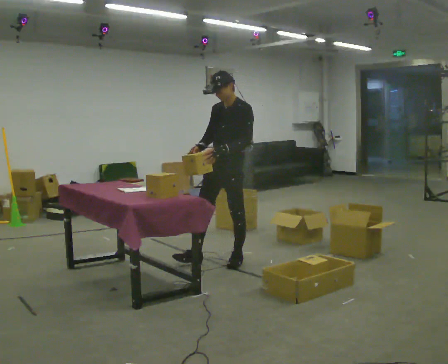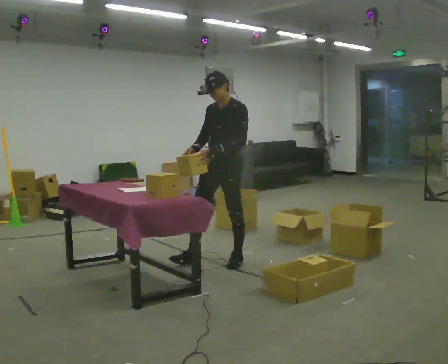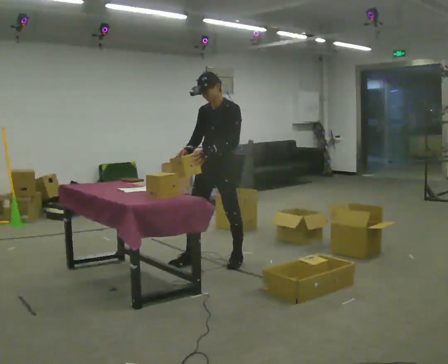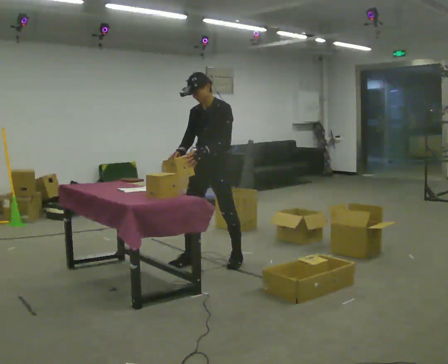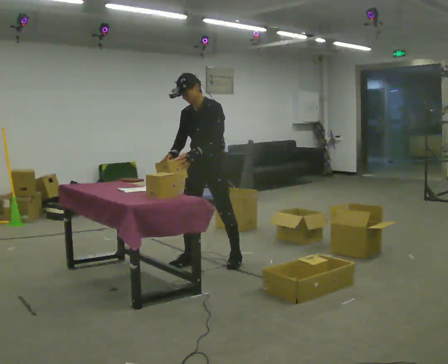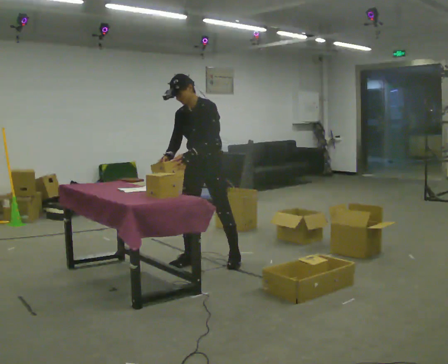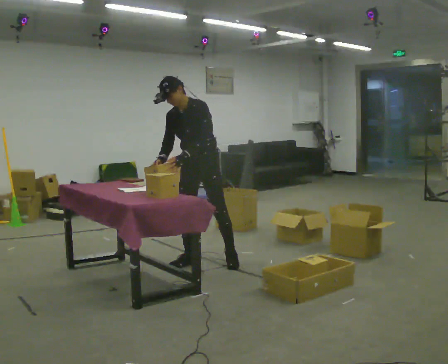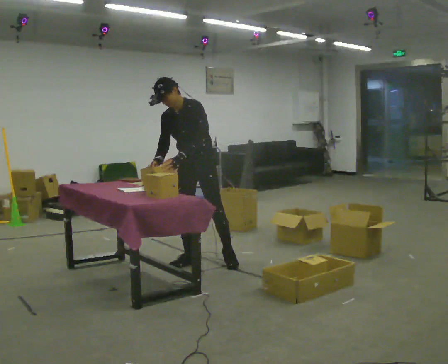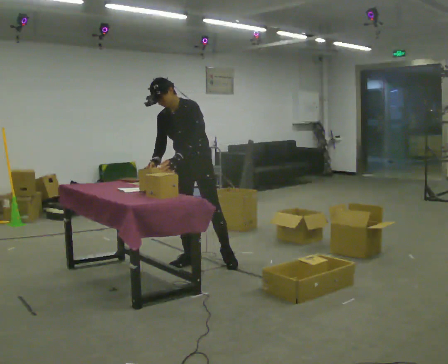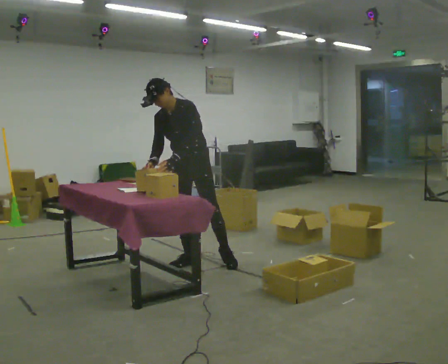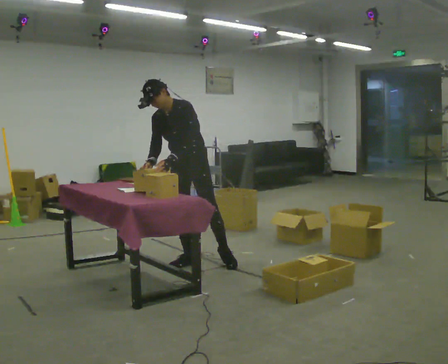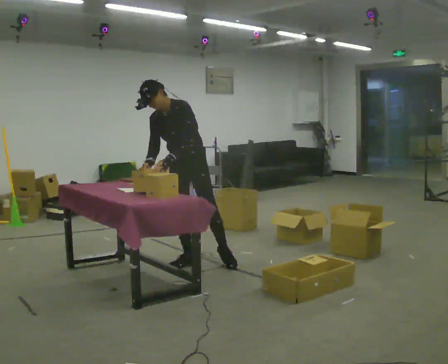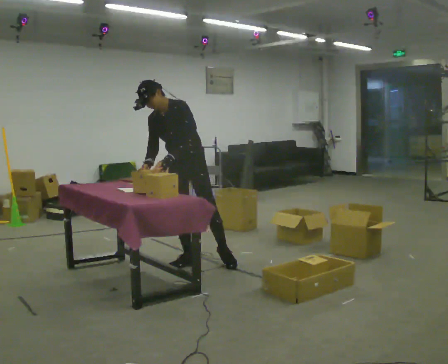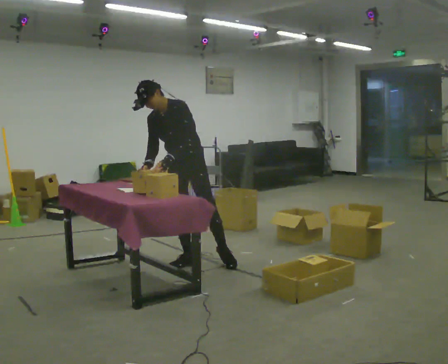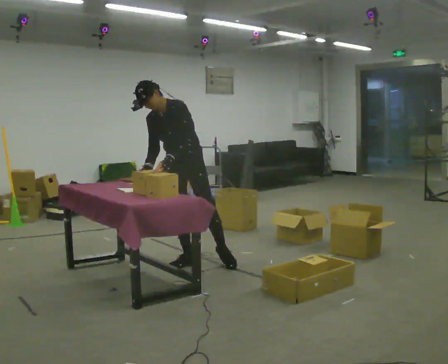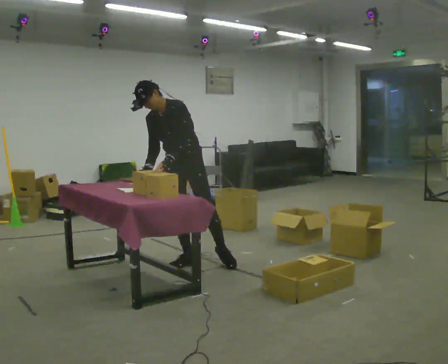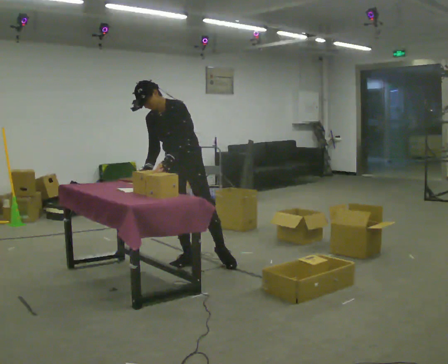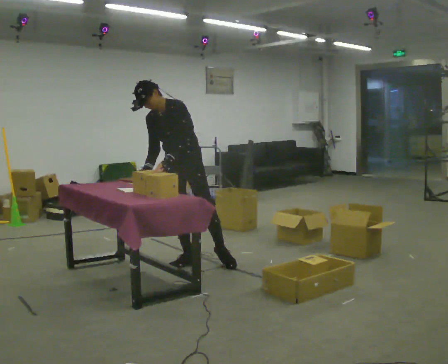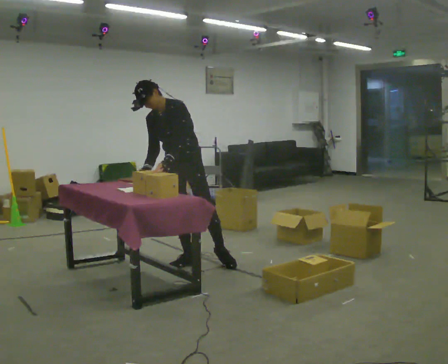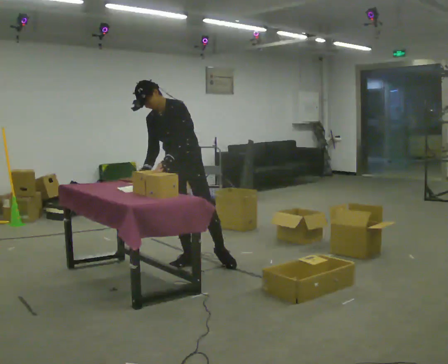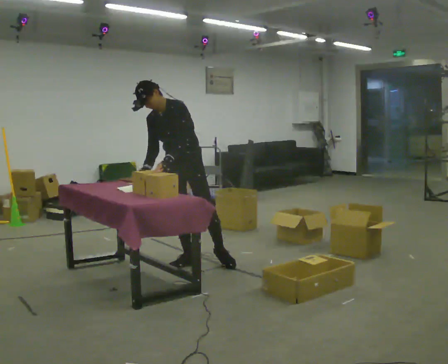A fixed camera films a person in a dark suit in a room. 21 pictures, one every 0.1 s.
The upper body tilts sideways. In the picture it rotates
counterclockwise.
0.0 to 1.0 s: In the picture they go to the left, about 0.25 m in 1 step, which for them is to their right and forward. In the picture the upper body tilts counterclockwise, shoulders to the left, as they bend forward.
1.0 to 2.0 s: The person moves a little, or ends about where they began.
The film runs forward here.
